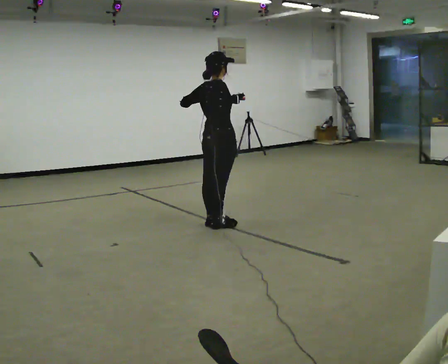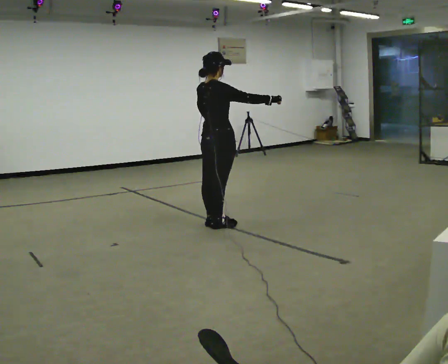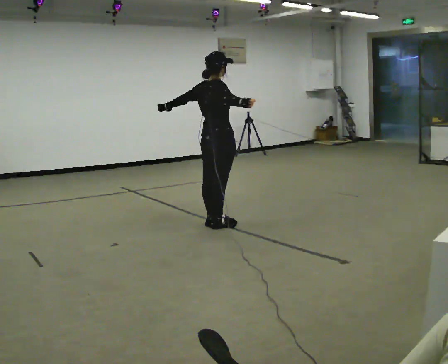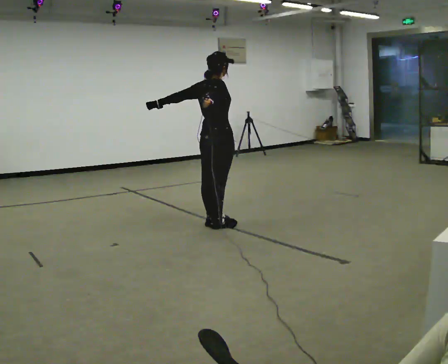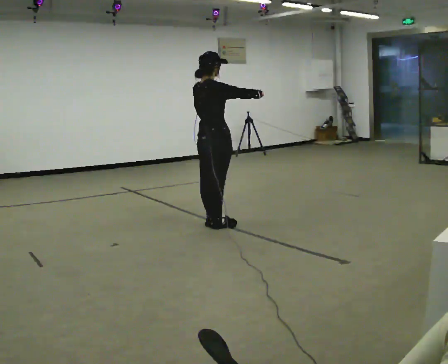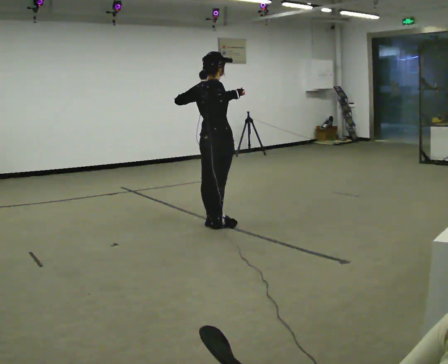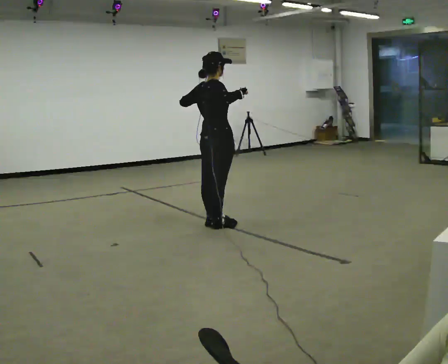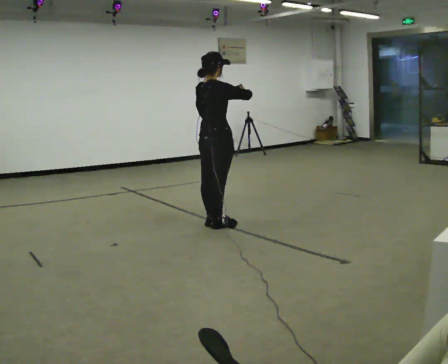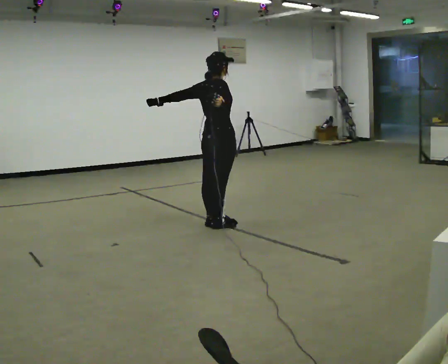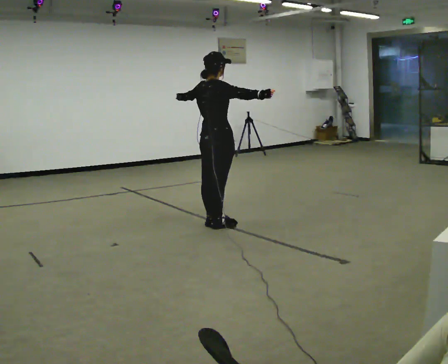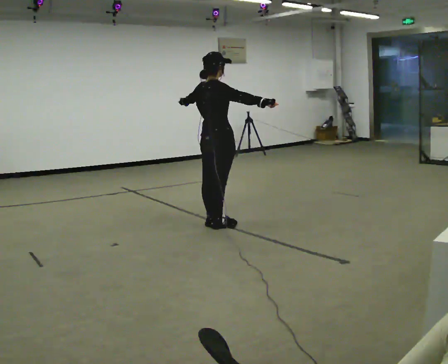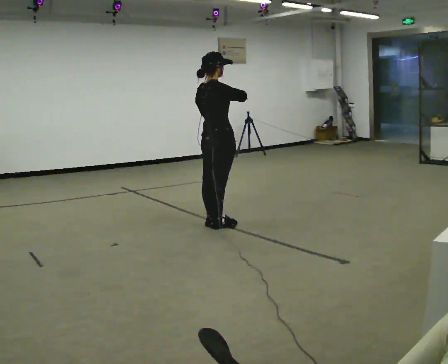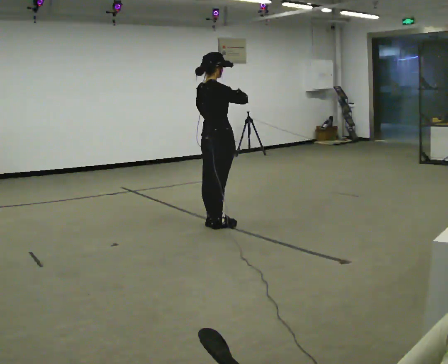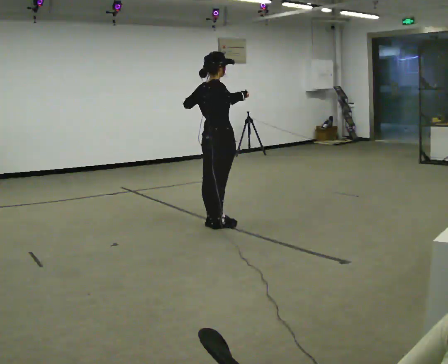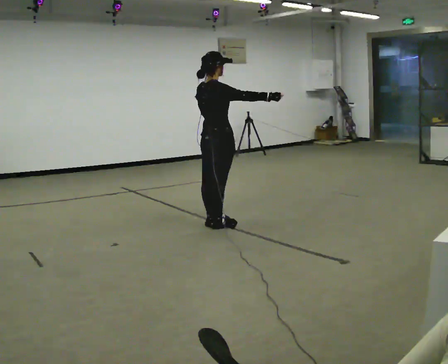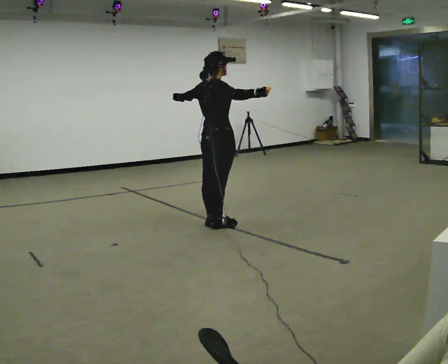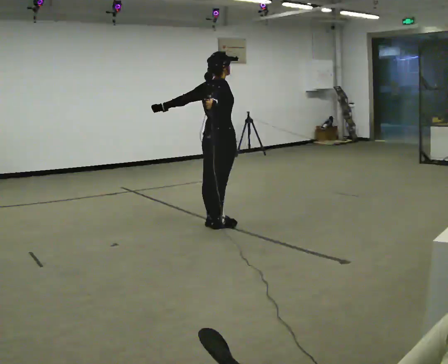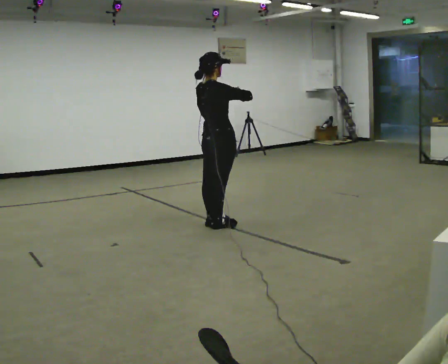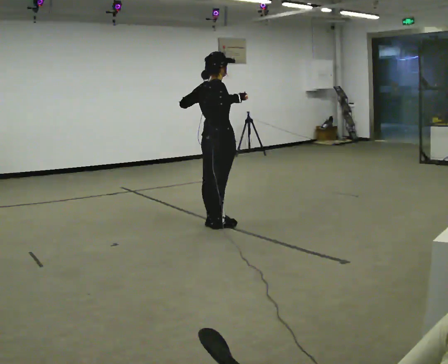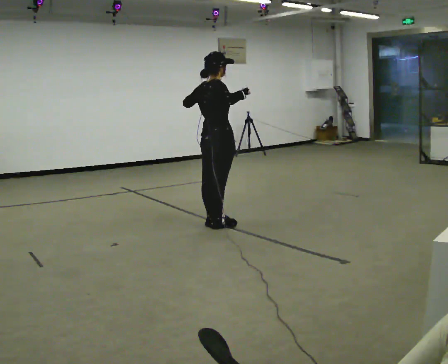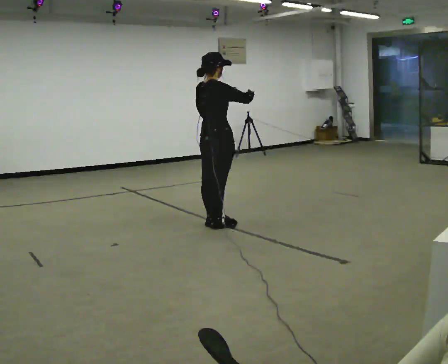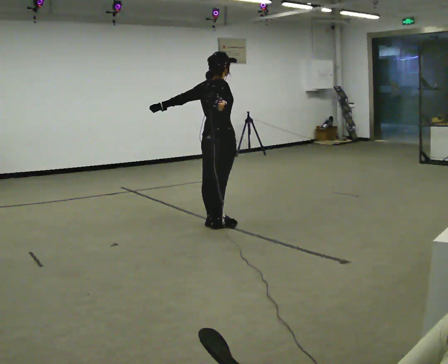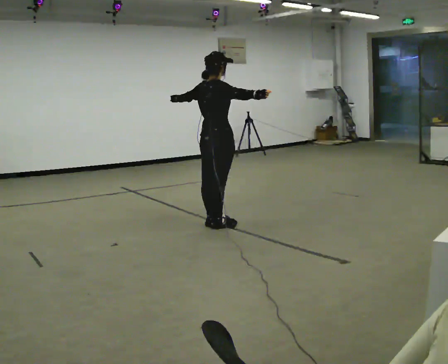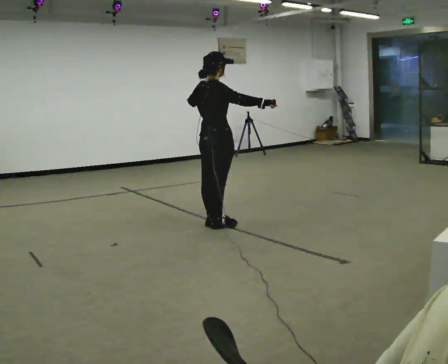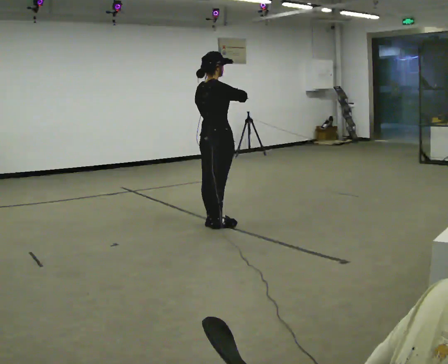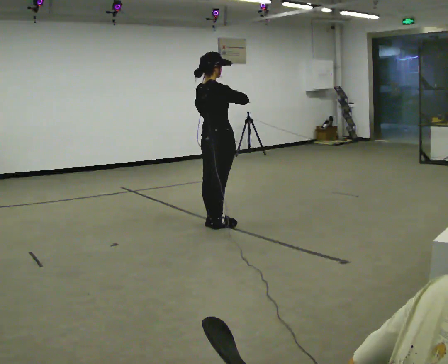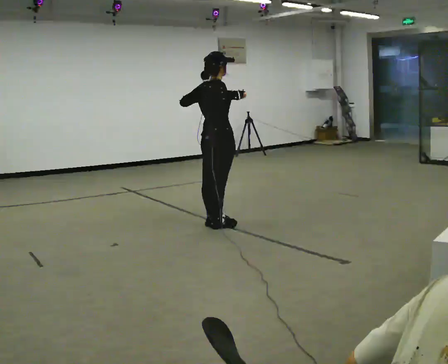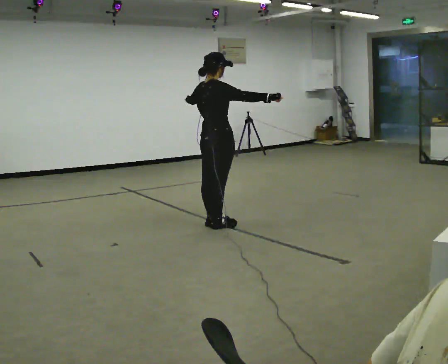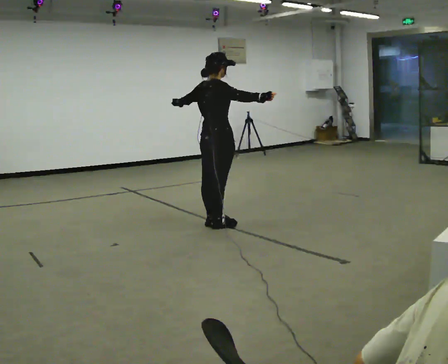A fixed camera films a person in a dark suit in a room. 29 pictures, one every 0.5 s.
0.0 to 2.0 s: The person moves a little, or ends about where they began.
2.0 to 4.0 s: In the picture their left hand goes to the left.
4.0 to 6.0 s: In the picture their left hand goes to the right.
6.0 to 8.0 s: In the picture their left hand goes to the left.
8.0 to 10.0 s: In the picture their right hand goes to the right.
10.0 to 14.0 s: In the picture their left hand goes to the left.
The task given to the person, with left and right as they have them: Dance freely at a fast tempo as if to upbeat music; keep moving continuously.
The film runs forward here.
